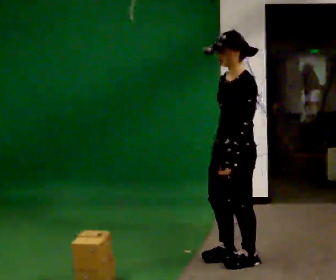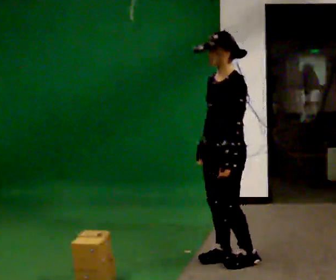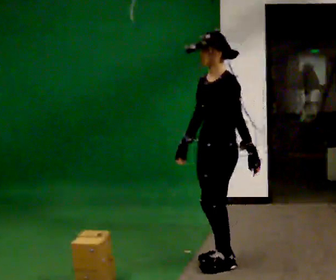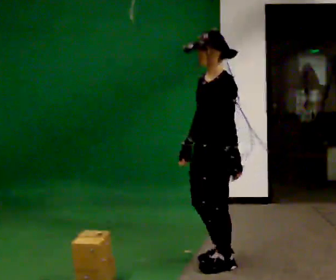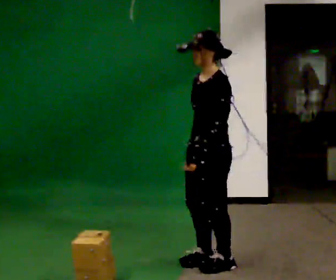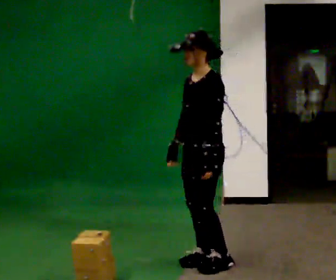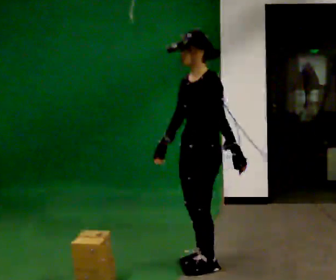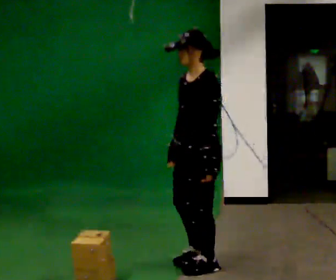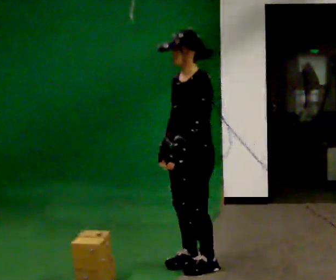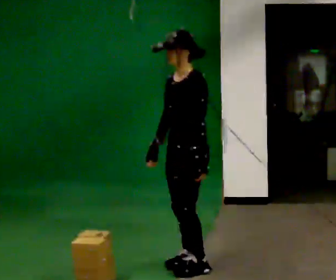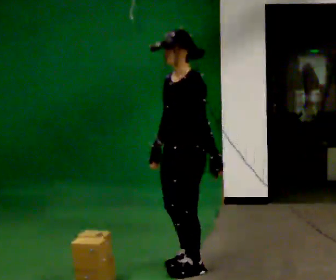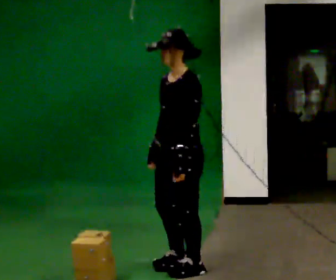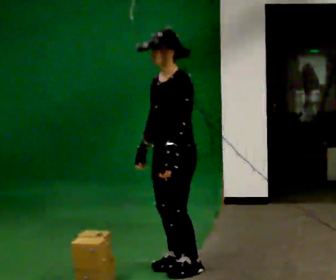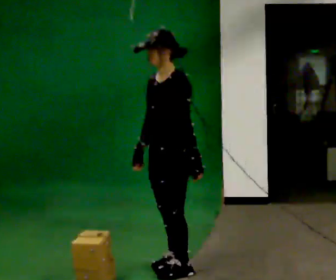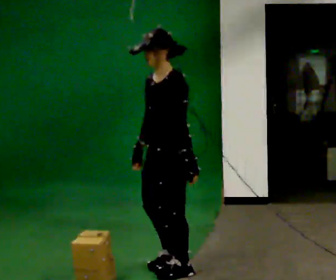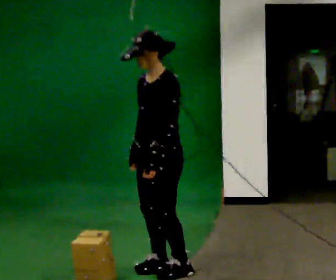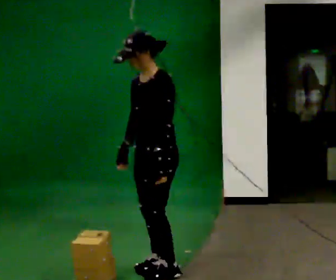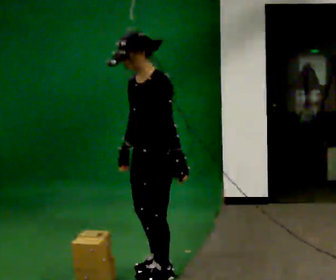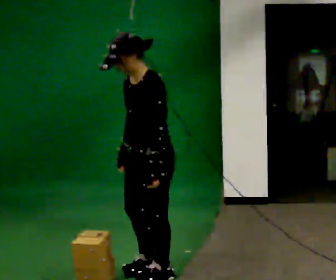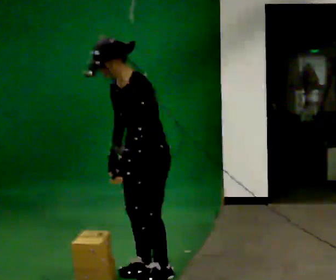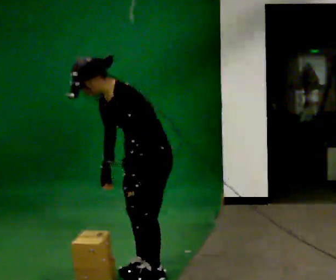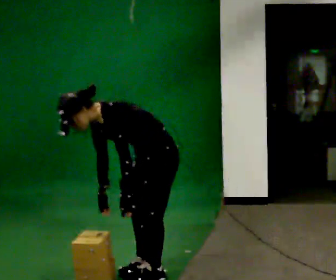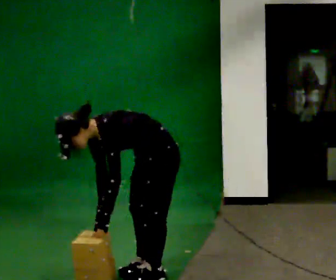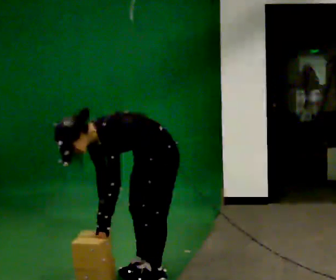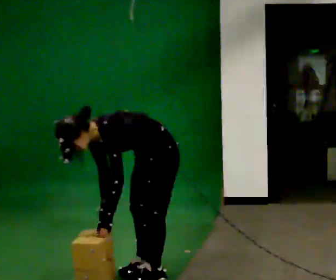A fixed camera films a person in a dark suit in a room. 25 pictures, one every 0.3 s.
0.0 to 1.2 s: In the picture they go to the left, about 0.25 m in 3 steps, which for them is forward.
1.2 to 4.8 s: In the picture they go to the left and toward the camera, about 0.25 m, which for them is forward.
4.8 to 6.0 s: In the picture the upper body tilts counterclockwise, shoulders to the left, as they bend forward.
6.0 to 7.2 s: The upper body goes downward. In the picture the upper body tilts counterclockwise, shoulders to the left, as they bend forward.
The film runs forward here.
